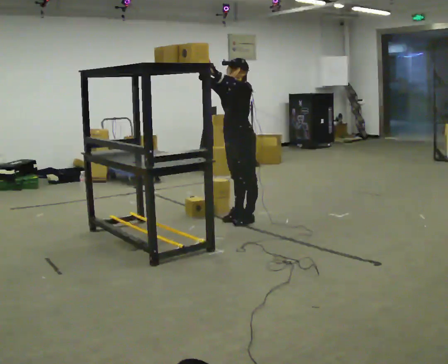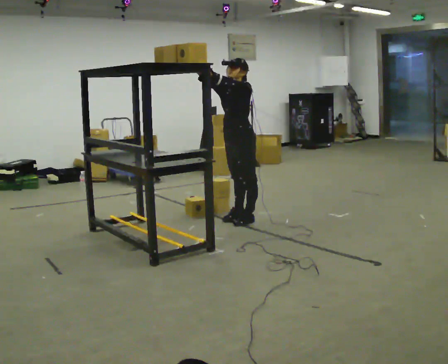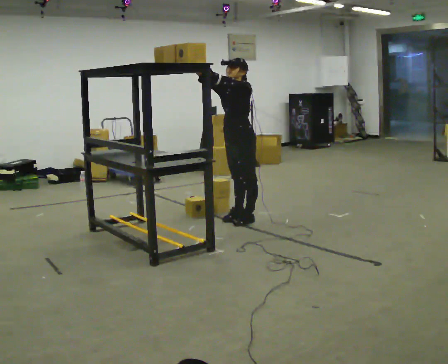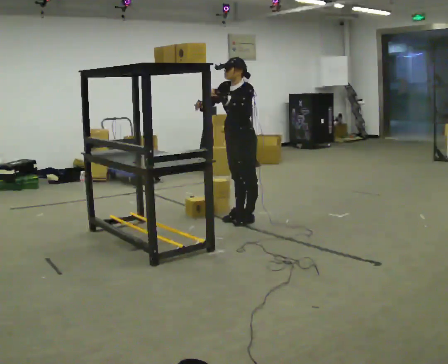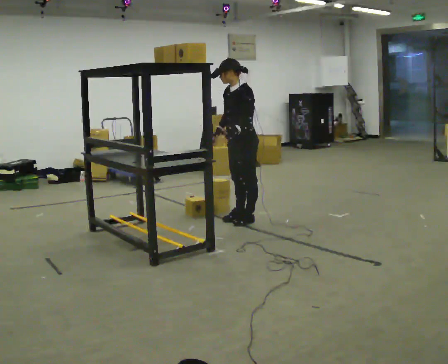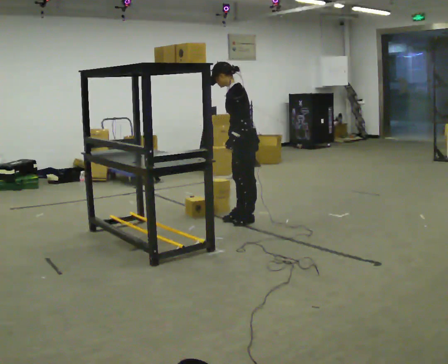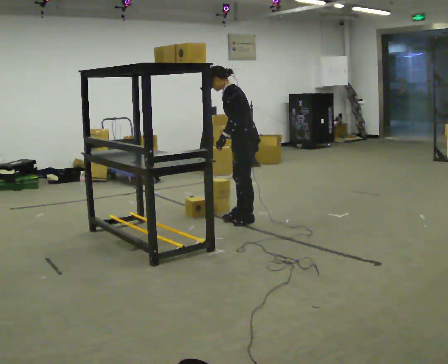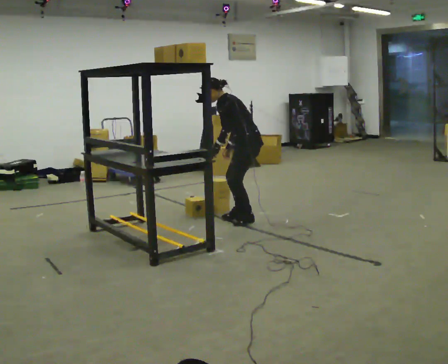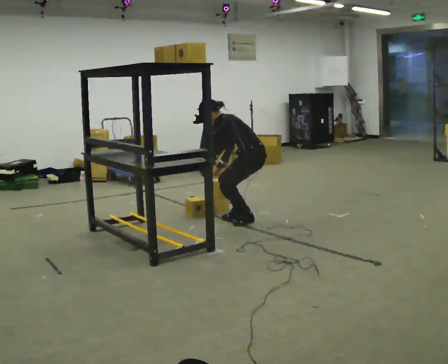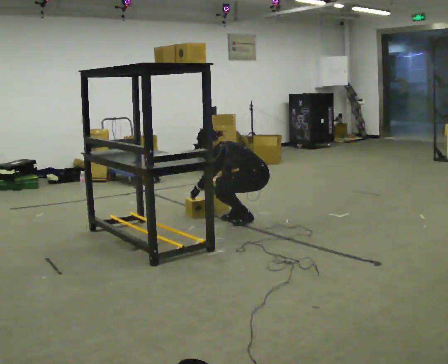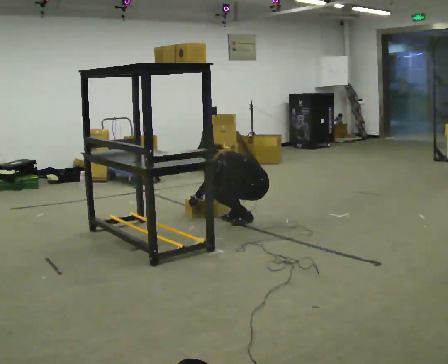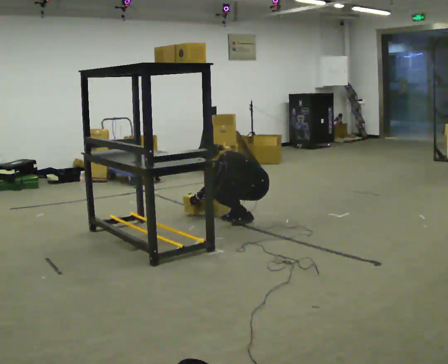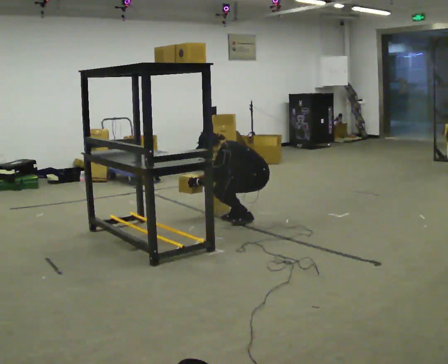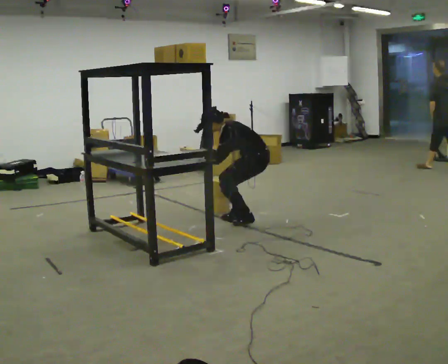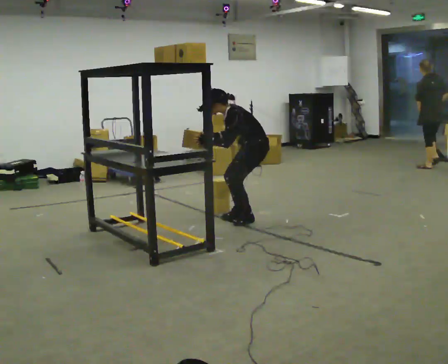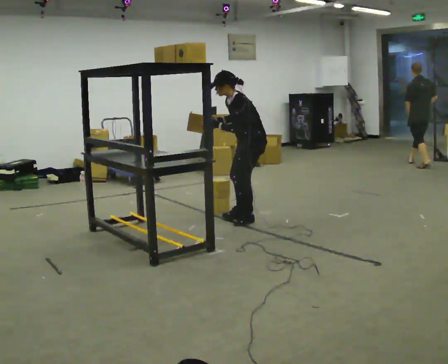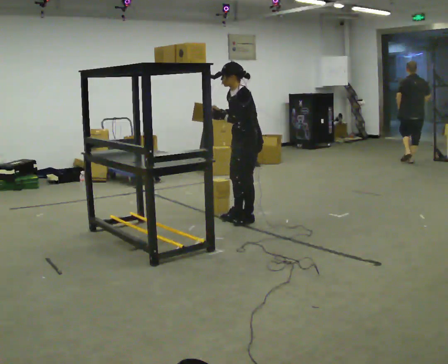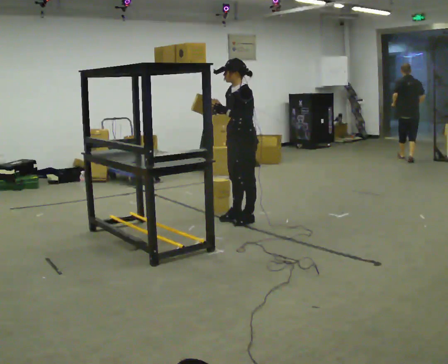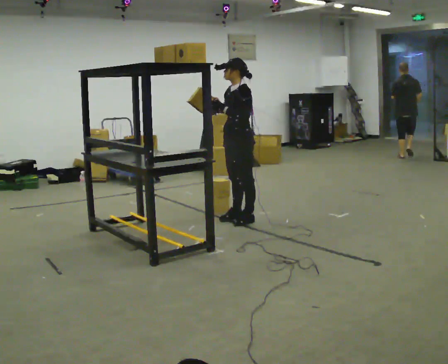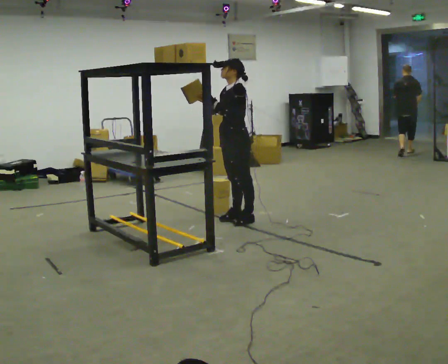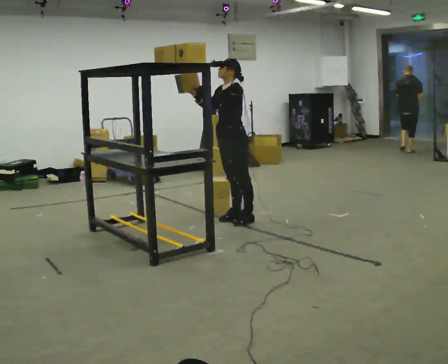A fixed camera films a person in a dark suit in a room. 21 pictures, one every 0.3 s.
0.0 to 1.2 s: In the picture their right hand goes downward.
1.2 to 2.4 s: The part of the body nearest the lens slides to the left as the person turns to their right by about 30 degrees. The upper body goes downward. In the picture the upper body tilts counterclockwise, shoulders to the left, as they bend forward. In the picture their left hand goes downward and to the left.
2.4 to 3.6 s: The upper body tips toward the camera, its near side rolling downward.
3.6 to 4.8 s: The part of the body nearest the lens slides to the right as the person turns to their left by about 30 degrees. The shoulders move upward. In the picture the upper body tilts clockwise, shoulders to the right, as they lean back or straighten. In the picture their left hand goes upward.
4.8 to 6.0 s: The person moves a little, or ends about where they began.
The film runs forward here.
